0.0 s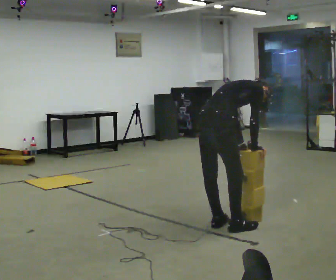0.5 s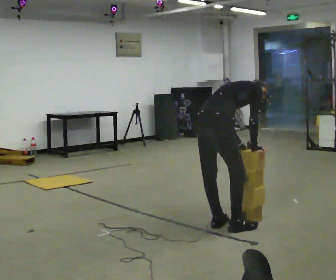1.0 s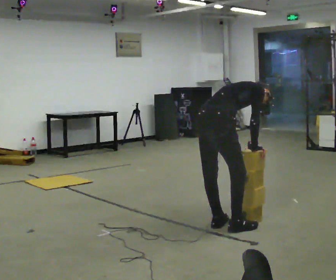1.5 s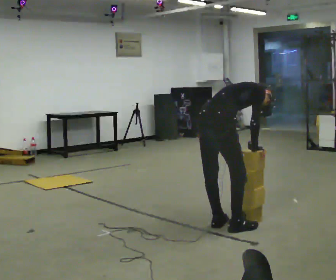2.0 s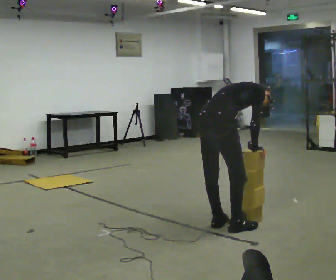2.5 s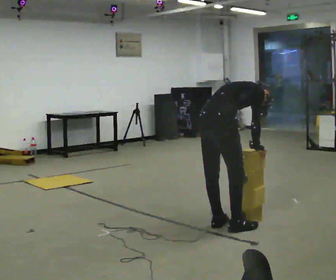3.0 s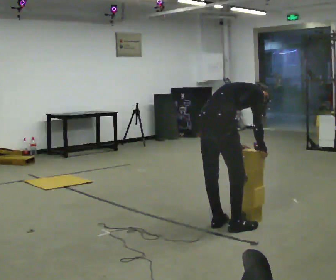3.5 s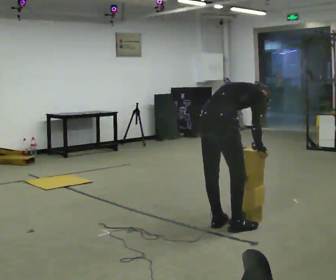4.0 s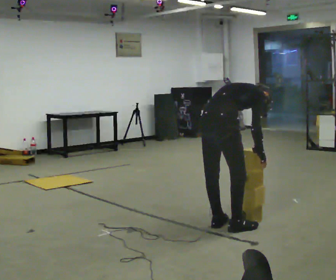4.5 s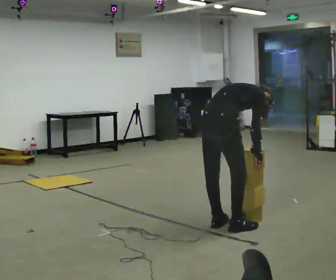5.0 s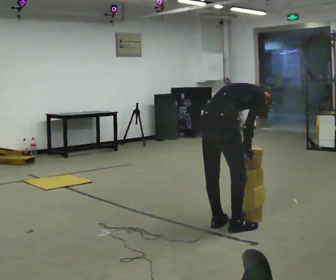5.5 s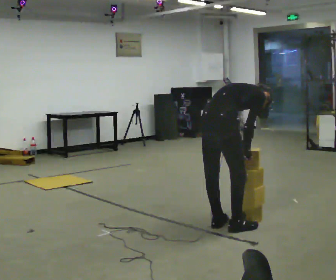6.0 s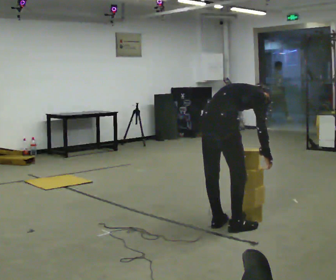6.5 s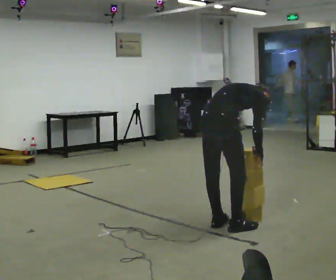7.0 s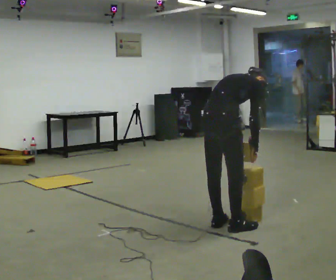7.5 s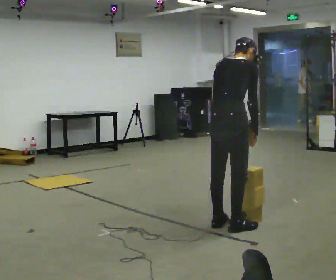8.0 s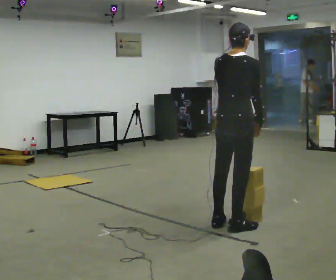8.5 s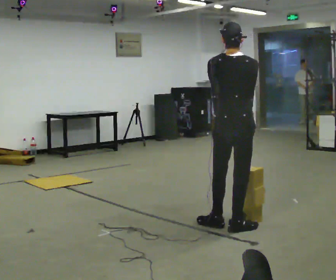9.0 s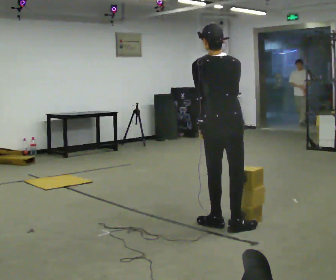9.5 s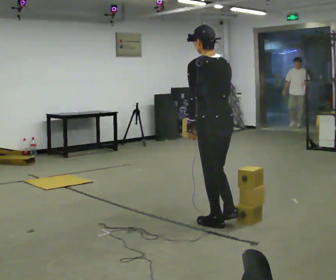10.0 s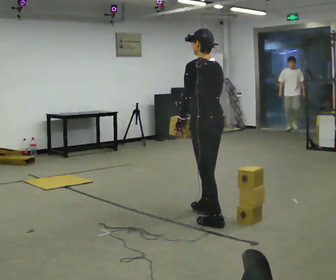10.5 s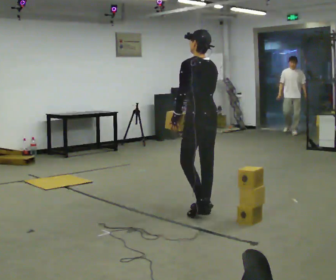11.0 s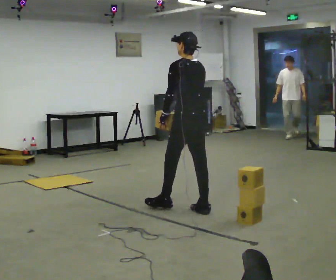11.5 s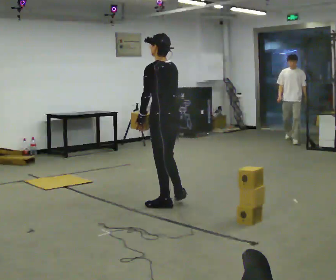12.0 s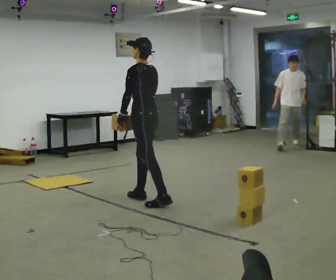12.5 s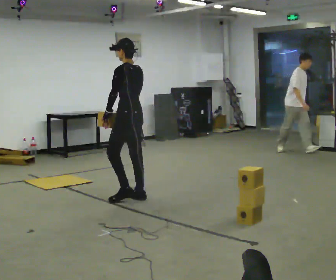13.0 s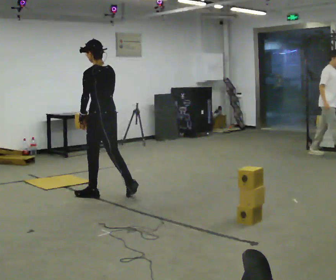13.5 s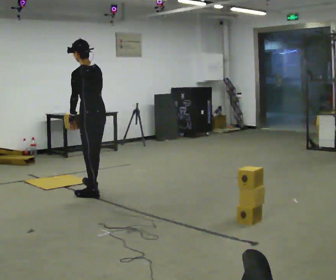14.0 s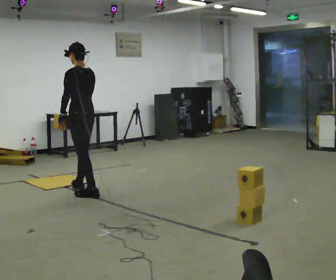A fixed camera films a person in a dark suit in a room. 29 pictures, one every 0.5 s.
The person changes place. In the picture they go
to the left.
0.0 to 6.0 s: The person moves a little, or ends about where they began.
6.0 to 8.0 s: The shoulders move upward. The upper body tips toward the camera, its near side rolling downward, as they lean back or straighten.
8.0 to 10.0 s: The person turns about 75 degrees to their left, counterclockwise seen from above, so the part of the body nearest the lens slides to the right. In the picture they go away from the camera and to the left, about 0.25 m in 1 step.
10.0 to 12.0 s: In the picture they go to the left and away from the camera, about 1 m in 2 steps, which for them is forward.
12.0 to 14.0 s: In the picture they go to the left, about 1 m in 2 steps, which for them is forward.
The film runs forward here.
